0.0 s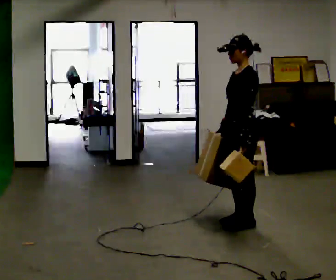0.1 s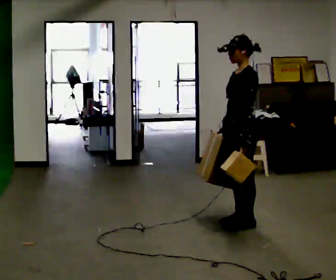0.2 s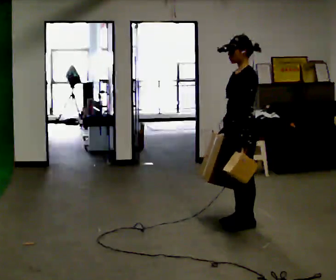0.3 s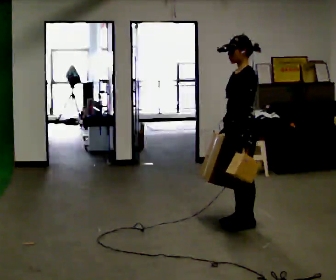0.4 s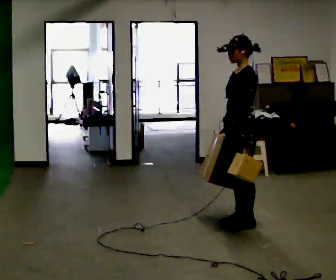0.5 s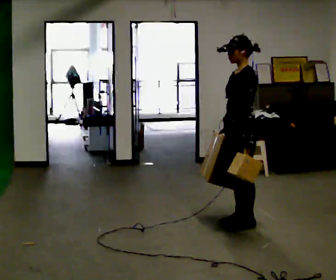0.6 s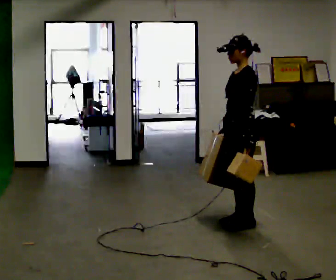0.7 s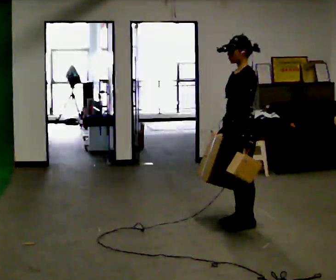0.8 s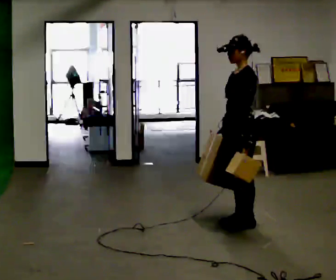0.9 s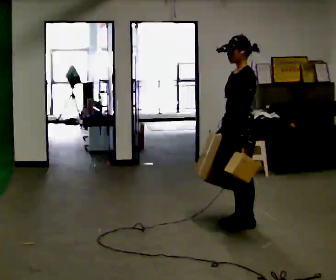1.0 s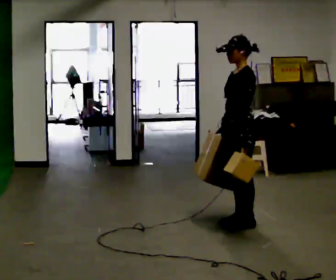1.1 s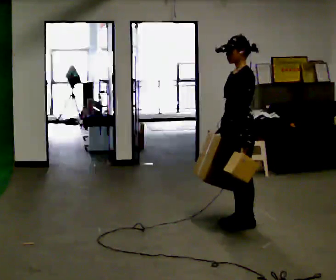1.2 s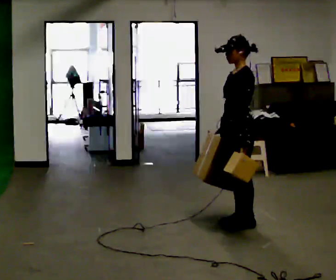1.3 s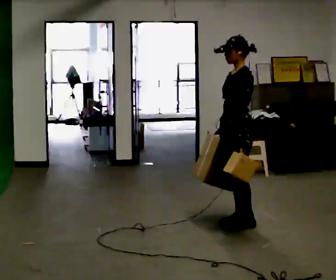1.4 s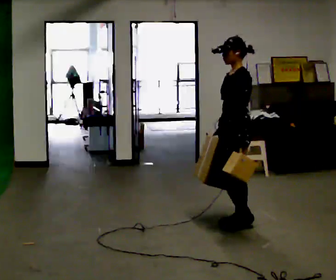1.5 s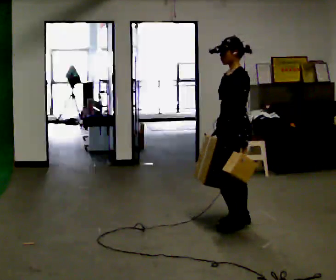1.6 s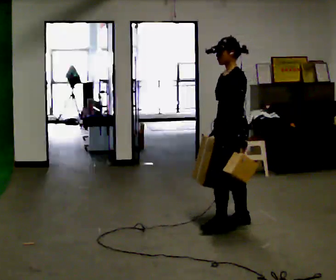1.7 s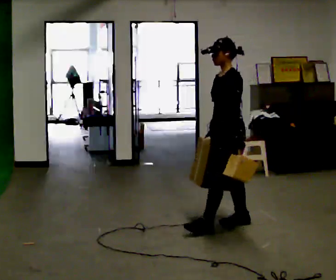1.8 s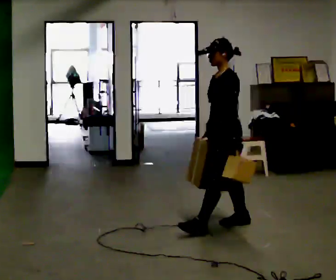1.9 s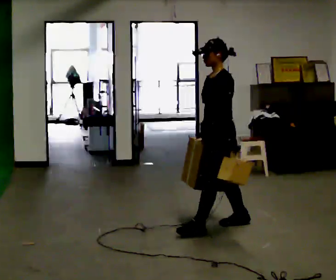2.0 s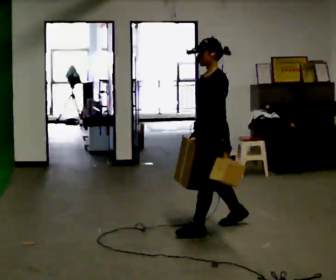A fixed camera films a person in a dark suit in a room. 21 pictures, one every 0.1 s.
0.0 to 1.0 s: The person moves a little, or ends about where they began.
1.0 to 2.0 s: In the picture they go to the left and toward the camera, about 0.25 m in 1 step, which for them is forward.
The film runs forward here.
